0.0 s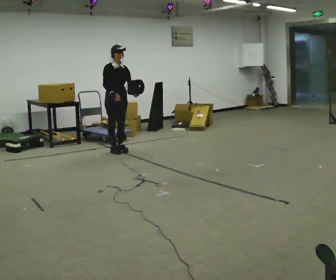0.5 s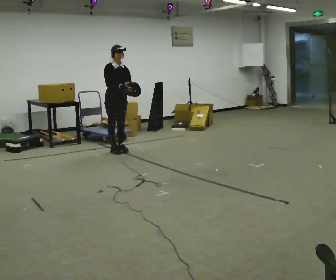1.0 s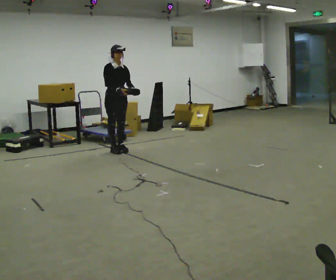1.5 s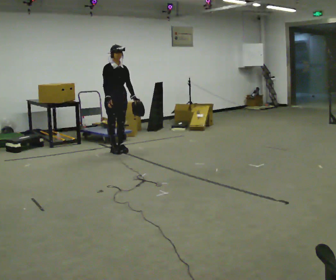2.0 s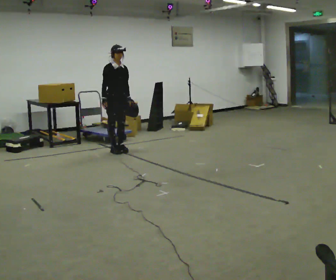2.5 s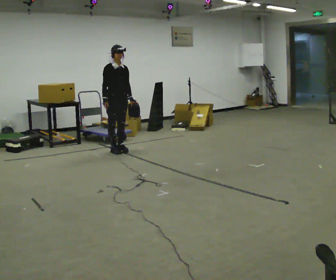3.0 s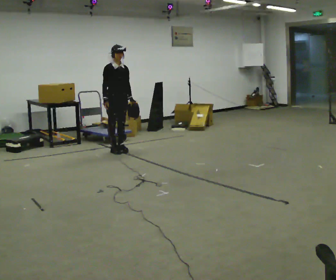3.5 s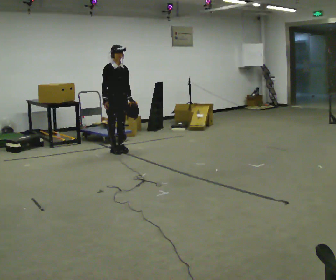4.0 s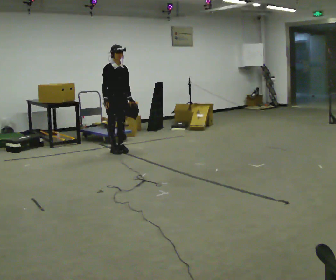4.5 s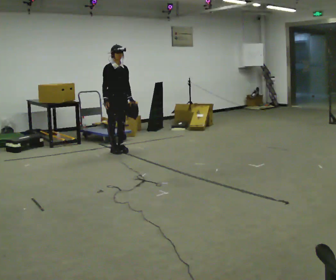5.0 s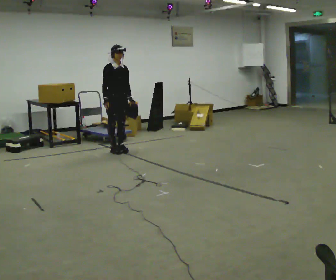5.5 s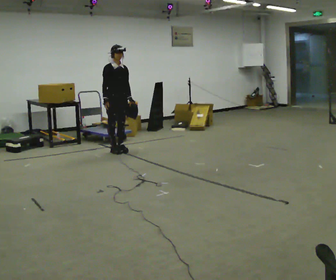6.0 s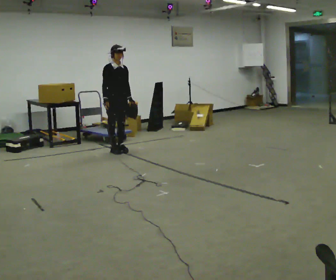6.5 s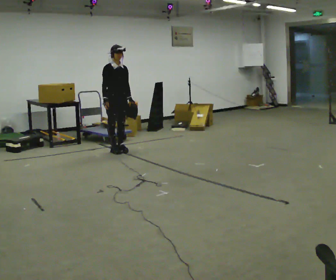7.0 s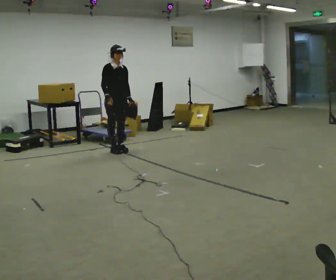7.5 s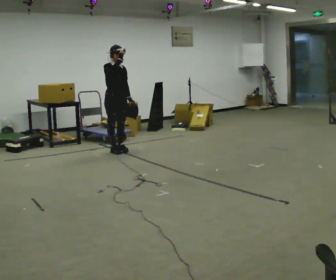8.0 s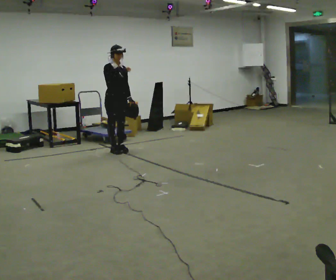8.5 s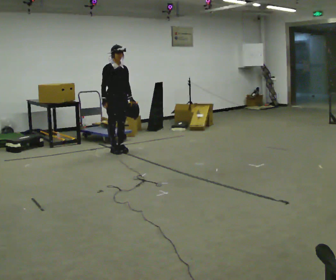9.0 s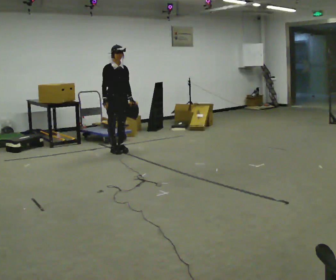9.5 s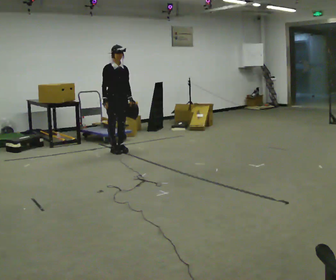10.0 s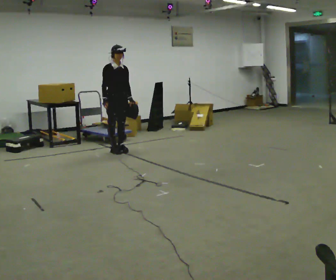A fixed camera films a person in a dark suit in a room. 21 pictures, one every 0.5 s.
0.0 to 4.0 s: The person moves a little, or ends about where they began.
4.0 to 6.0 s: The person keeps their place and pose.
6.0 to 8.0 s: In the picture their right hand goes upward.
8.0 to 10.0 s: In the picture their right hand goes downward.
The film runs forward here.
